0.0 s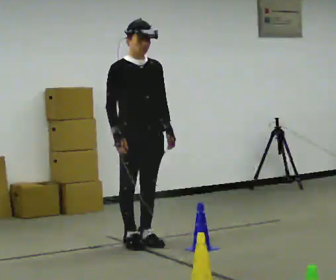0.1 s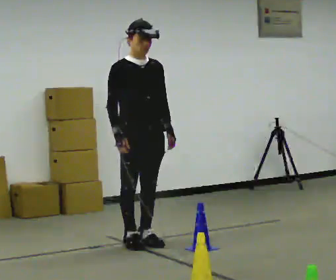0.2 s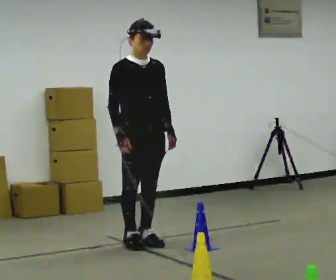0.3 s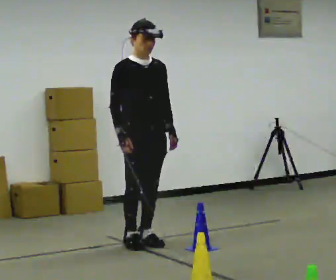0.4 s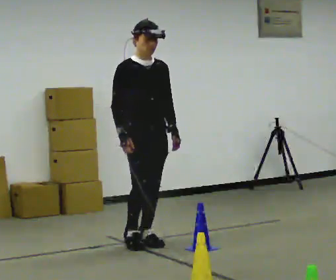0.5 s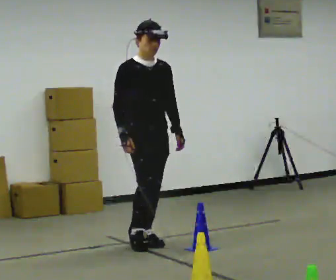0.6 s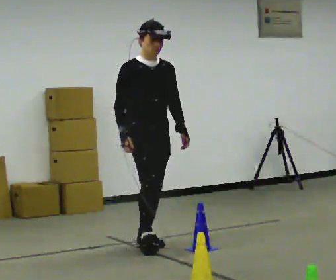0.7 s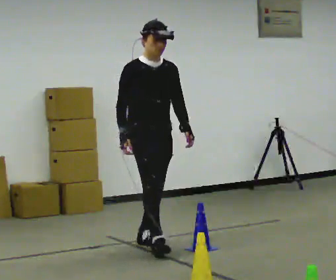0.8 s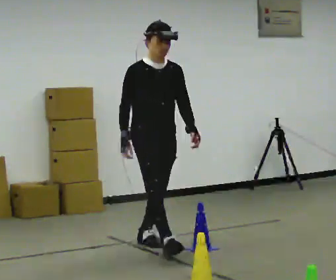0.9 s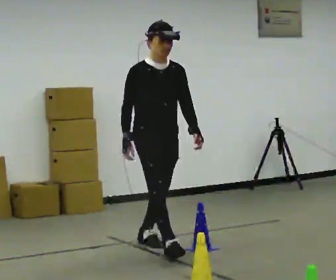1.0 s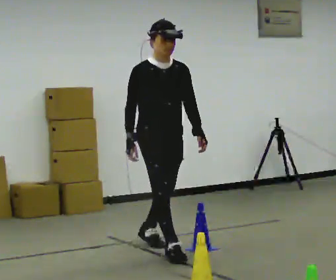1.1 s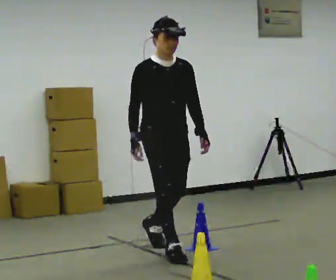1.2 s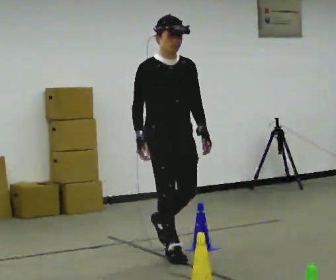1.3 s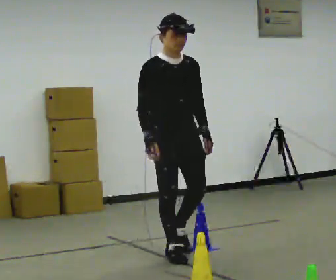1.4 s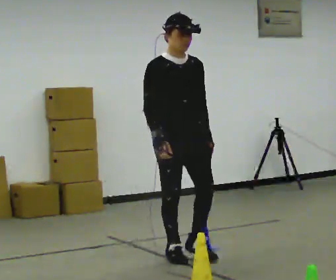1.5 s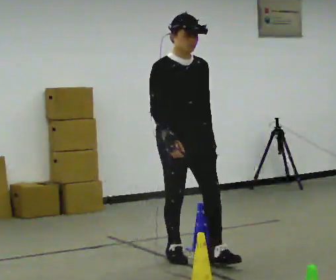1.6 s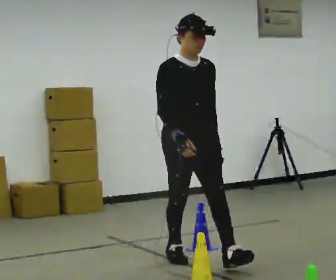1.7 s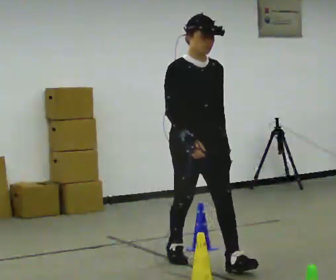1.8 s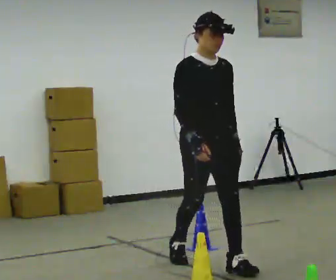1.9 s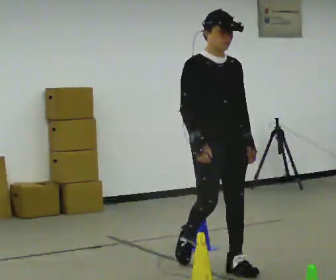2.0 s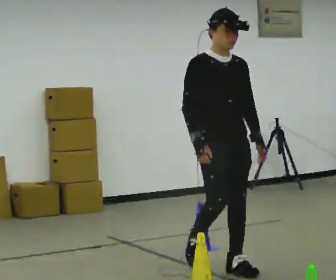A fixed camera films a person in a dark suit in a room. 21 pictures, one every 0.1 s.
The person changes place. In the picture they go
toward the camera.
0.0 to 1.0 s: In the picture they go toward the camera and to the right, about 0.25 m in 1 step, which for them is forward.
1.0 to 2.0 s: In the picture they go toward the camera and to the right, about 0.5 m in 1 step, which for them is forward.
The film runs forward here.
